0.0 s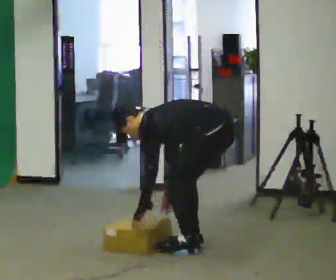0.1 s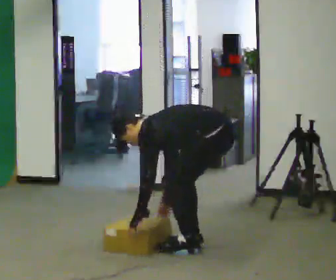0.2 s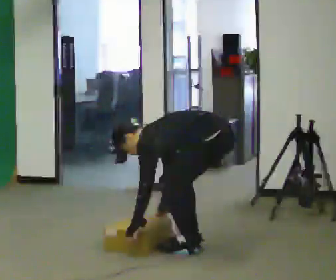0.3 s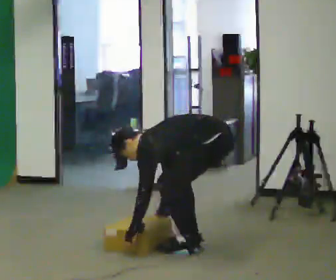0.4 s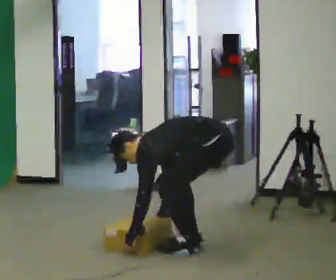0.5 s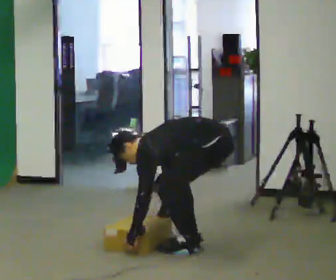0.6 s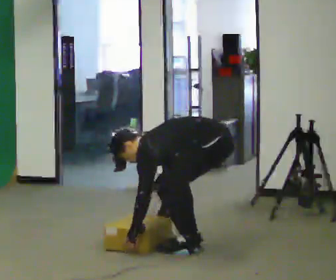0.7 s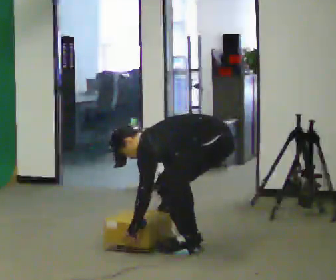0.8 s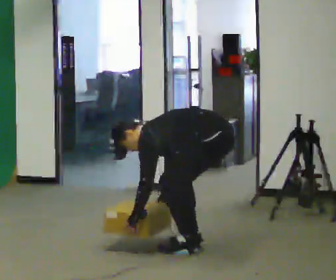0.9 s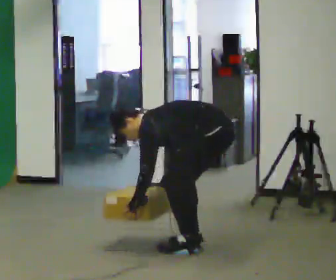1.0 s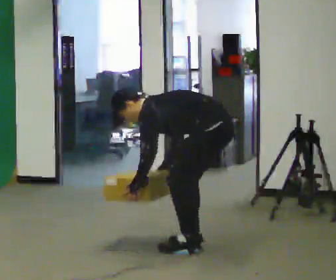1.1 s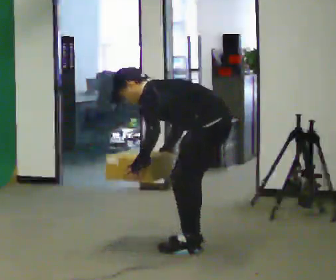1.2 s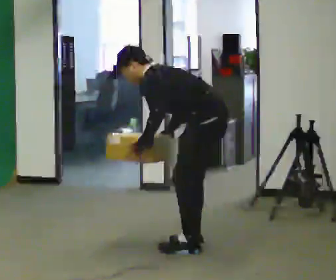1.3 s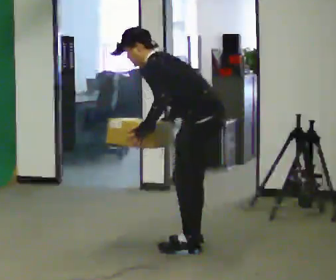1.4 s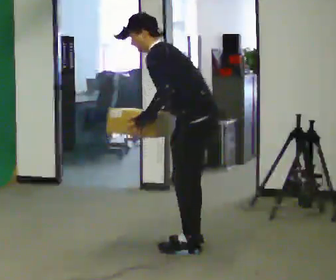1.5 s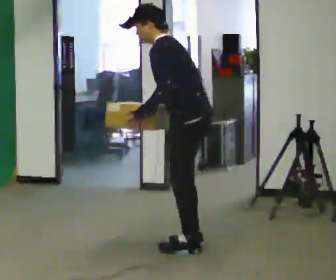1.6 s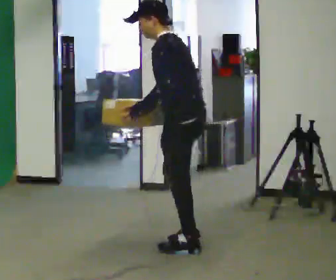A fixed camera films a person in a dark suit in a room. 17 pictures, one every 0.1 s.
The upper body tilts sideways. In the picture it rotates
clockwise.
0.0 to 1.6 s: In the picture they go to the left, about 0.25 m, which for them is forward. In the picture the upper body tilts clockwise, shoulders to the right, as they lean back or straighten. In the picture their right hand goes upward.
The film runs forward here.
